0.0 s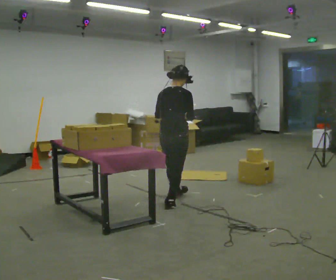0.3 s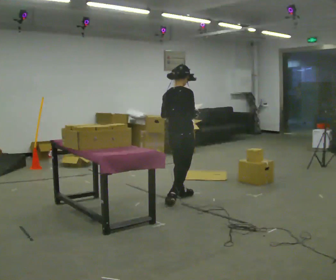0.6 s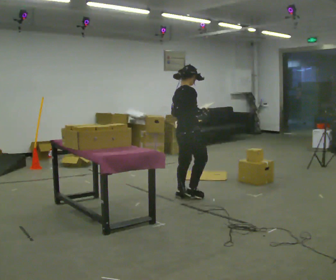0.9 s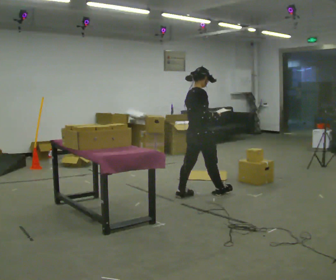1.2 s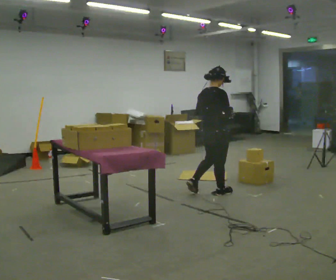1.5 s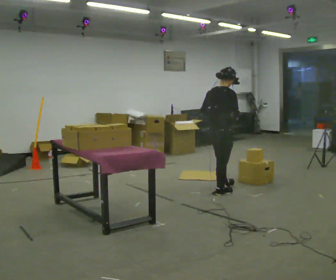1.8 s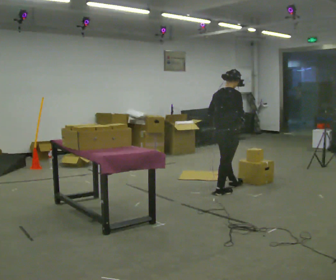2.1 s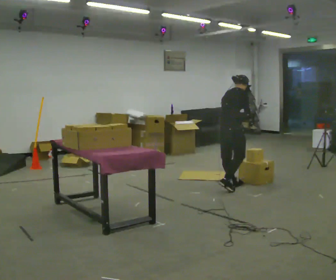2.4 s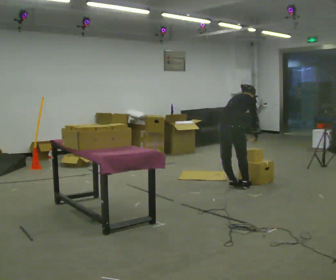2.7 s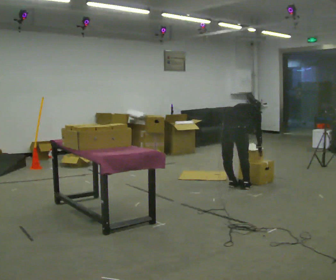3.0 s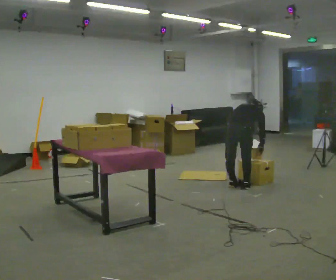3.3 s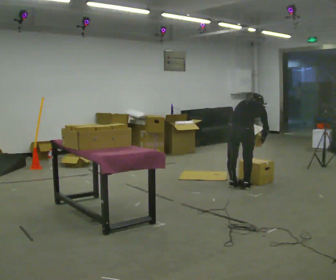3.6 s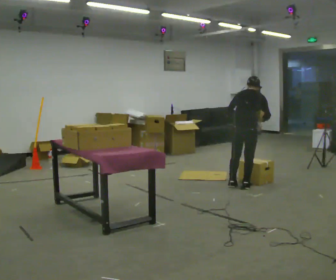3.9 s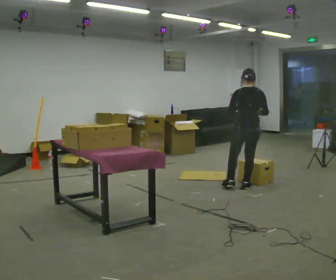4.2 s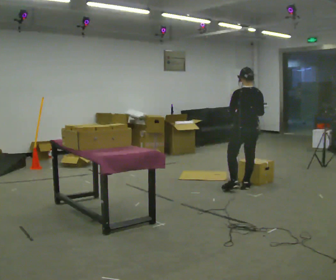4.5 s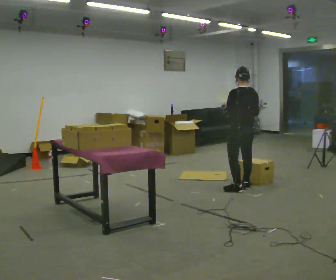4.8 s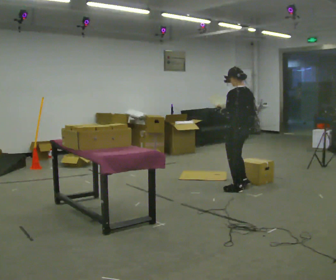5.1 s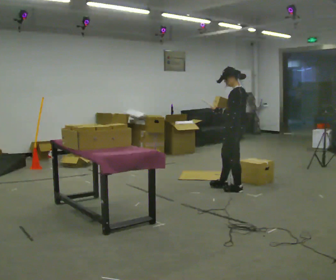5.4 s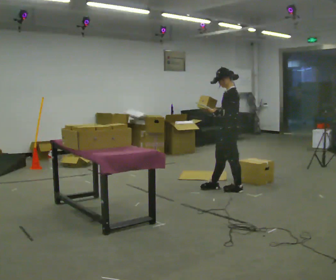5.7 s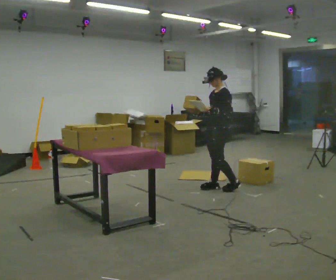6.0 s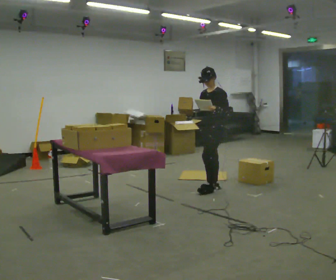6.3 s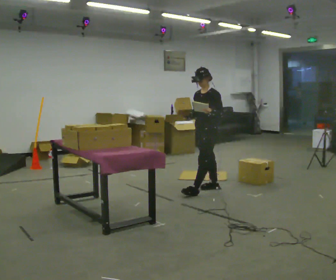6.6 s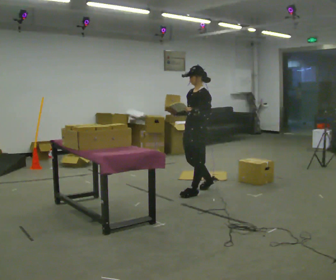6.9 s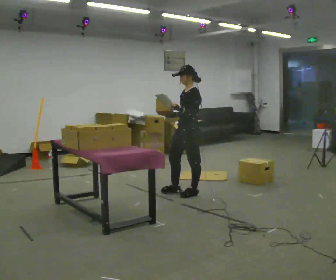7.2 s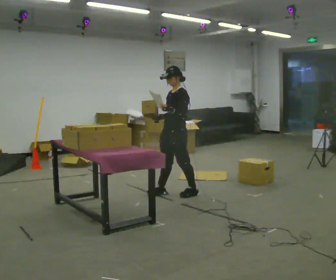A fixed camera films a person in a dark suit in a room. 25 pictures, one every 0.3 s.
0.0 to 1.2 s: In the picture they go to the right and away from the camera, about 0.5 m in 2 steps, which for them is forward.
1.2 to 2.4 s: In the picture they go away from the camera and to the right, about 0.25 m in 2 steps, which for them is forward. The upper body tips away from the camera, its near side rolling upward, as they bend forward. In the picture their right hand goes downward.
2.4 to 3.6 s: The part of the body nearest the lens slides to the right as the person turns to their left by about 30 degrees. In the picture they go to the right, about 0.25 m, which for them is to their right. In the picture their left hand goes upward.
3.6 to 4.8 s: The part of the body nearest the lens slides to the right as the person turns to their left by about 60 degrees. The upper body tips toward the camera, its near side rolling downward, as they lean back or straighten. In the picture their right hand goes to the left.
4.8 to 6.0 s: The part of the body nearest the lens slides to the right as the person turns to their left by about 75 degrees. In the picture they go to the left, about 0.25 m in 1 step.
6.0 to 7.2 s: In the picture they go to the left and toward the camera, about 0.5 m in 2 steps, which for them is forward.
The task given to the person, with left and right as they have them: 1. Read the list the operator gives you. 2. Collect the six items on the list from the shelves. 3. Put them all in the bin on the table. 4. Tell the operator when you are finished.
The film runs forward here.
